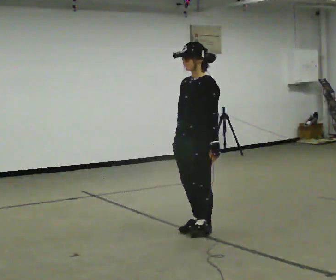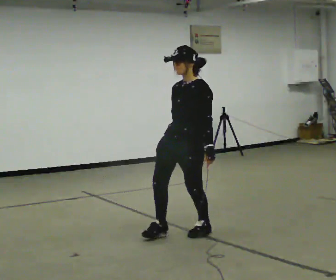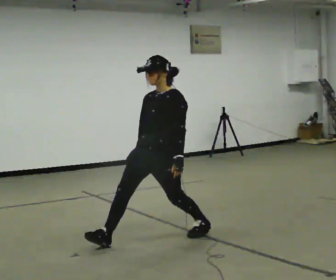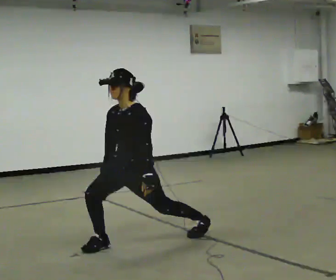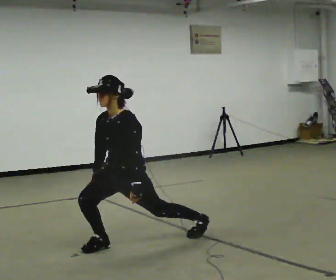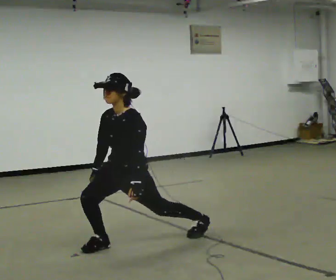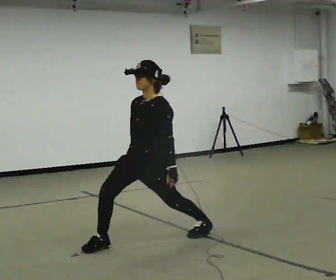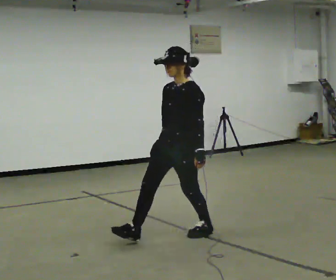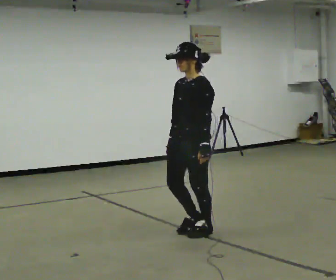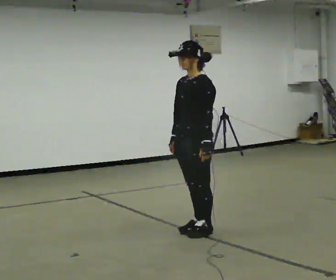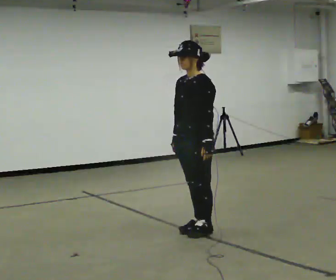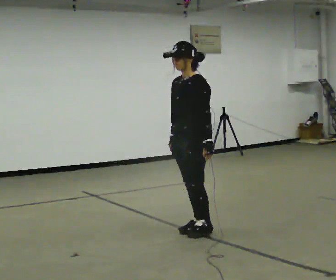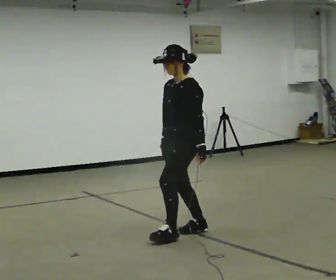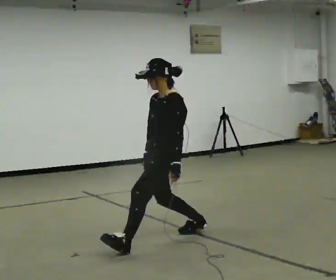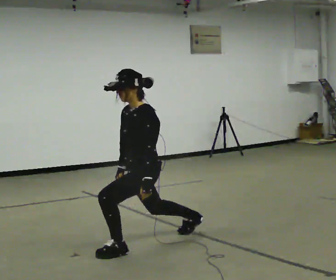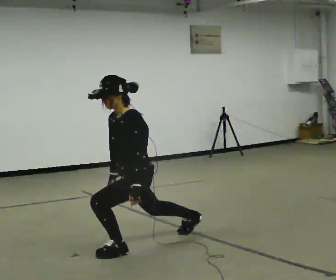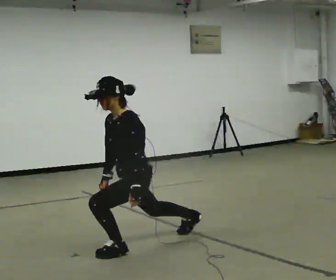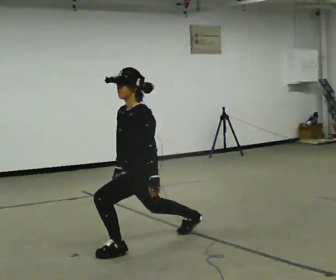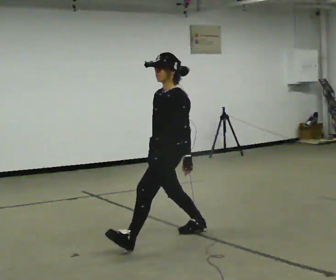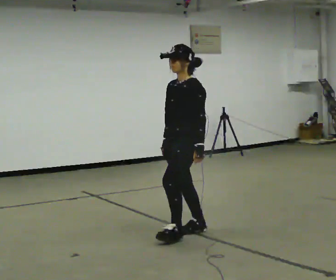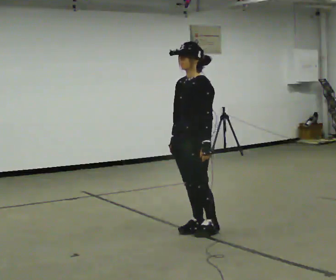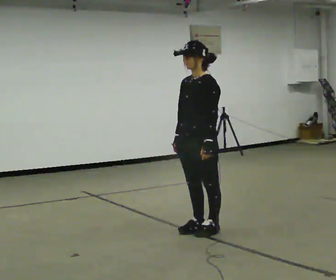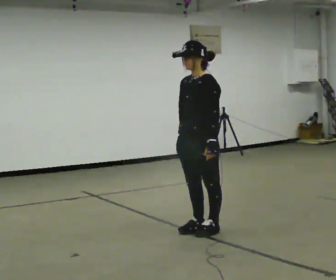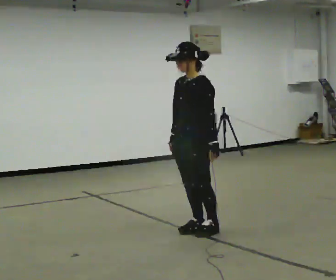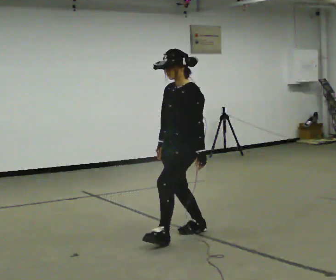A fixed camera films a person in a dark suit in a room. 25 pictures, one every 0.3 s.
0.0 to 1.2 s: In the picture they go to the left and toward the camera, about 0.75 m in 1 step, which for them is forward and to their right. The shoulders move downward.
1.2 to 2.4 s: In the picture they go to the right and away from the camera, about 0.5 m in 1 step, which for them is backward and to their left. The shoulders move upward.
2.4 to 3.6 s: The person moves a little, or ends about where they began.
3.6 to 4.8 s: In the picture they go toward the camera and to the left, about 0.5 m, which for them is forward and to their left. The upper body goes downward. In the picture the upper body tilts counterclockwise, shoulders to the left, as they bend forward.
4.8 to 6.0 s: In the picture they go to the right and away from the camera, about 0.75 m in 1 step, which for them is backward. The shoulders move upward. In the picture the upper body tilts clockwise, shoulders to the right.
6.0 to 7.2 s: The person moves a little, or ends about where they began.
The film runs backward here.
